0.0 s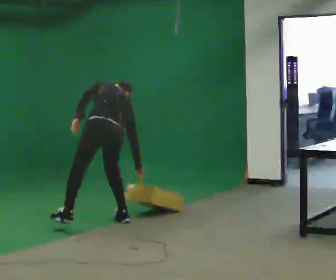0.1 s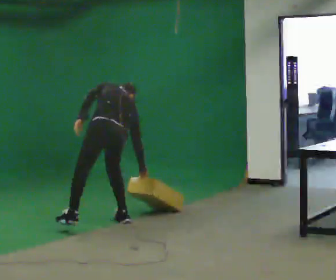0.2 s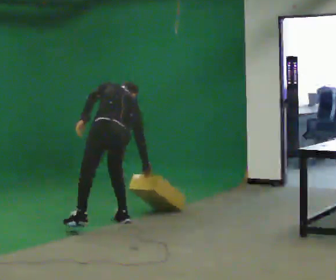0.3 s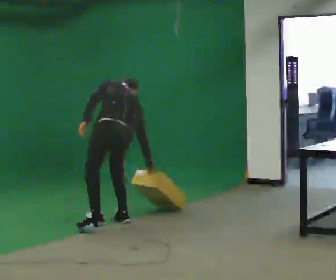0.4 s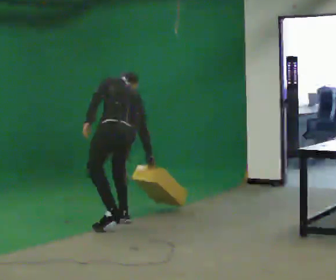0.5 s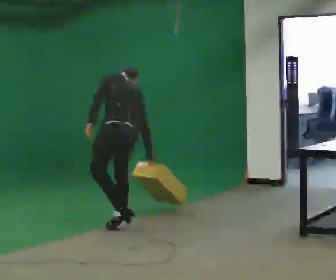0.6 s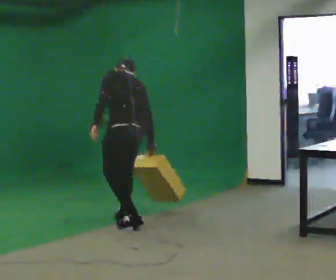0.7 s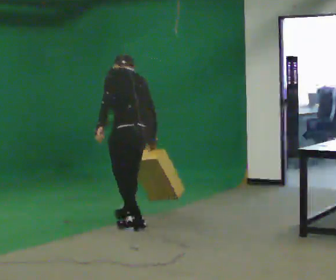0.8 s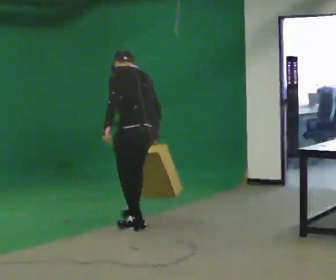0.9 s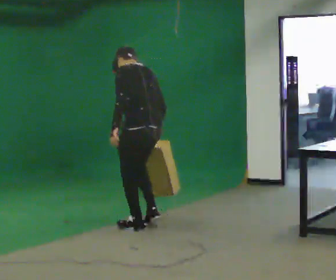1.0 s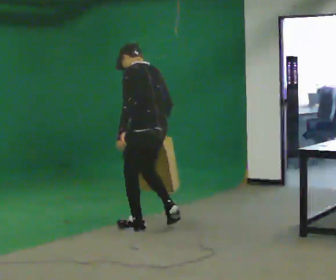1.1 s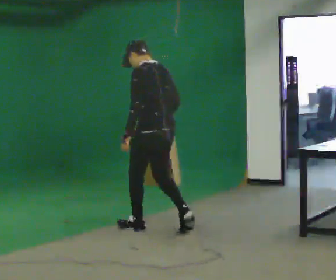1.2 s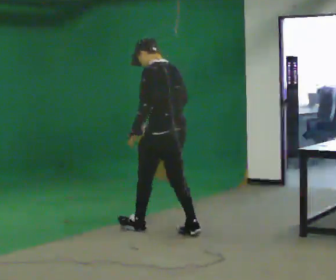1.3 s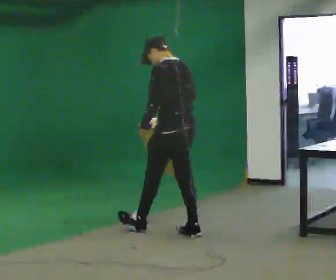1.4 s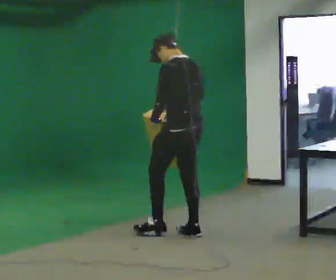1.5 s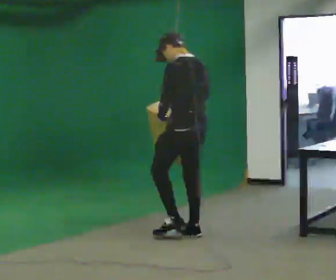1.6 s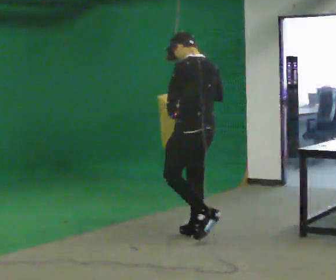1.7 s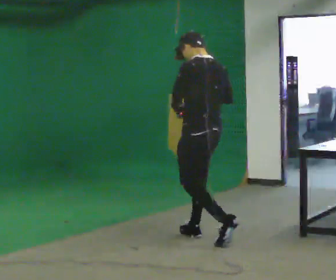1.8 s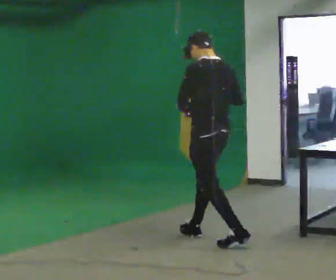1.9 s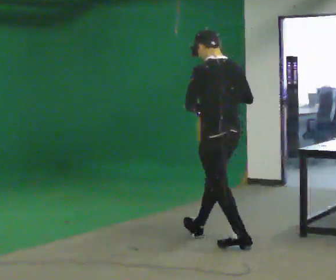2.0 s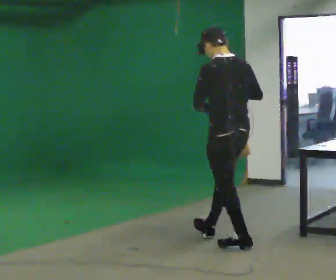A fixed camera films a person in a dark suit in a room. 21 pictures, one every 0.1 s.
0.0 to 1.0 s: In the picture they go to the right and toward the camera, about 0.5 m in 1 step, which for them is backward. The shoulders move upward. The upper body tips toward the camera, its near side rolling downward, as they lean back or straighten. In the picture their right hand goes upward.
1.0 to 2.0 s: In the picture they go to the right and toward the camera, about 1 m in 2 steps, which for them is backward. The upper body tips toward the camera, its near side rolling downward, as they lean back or straighten.
The film runs backward here.
